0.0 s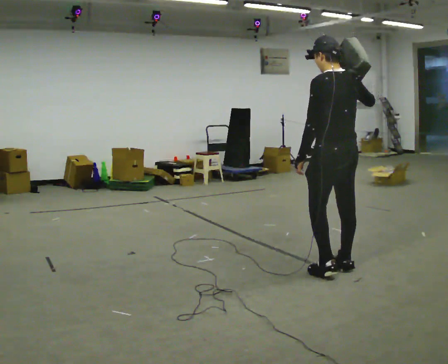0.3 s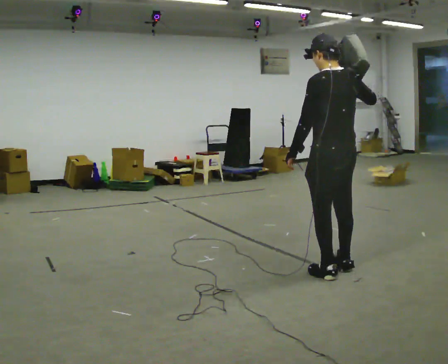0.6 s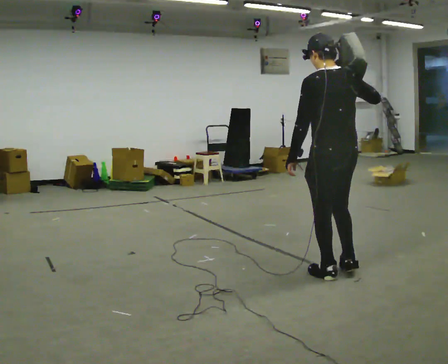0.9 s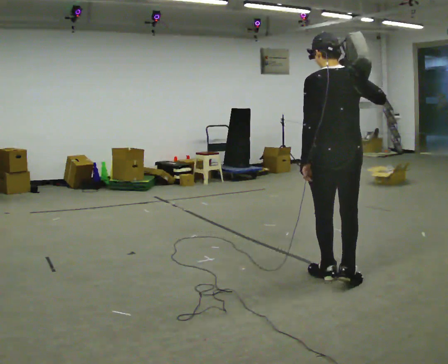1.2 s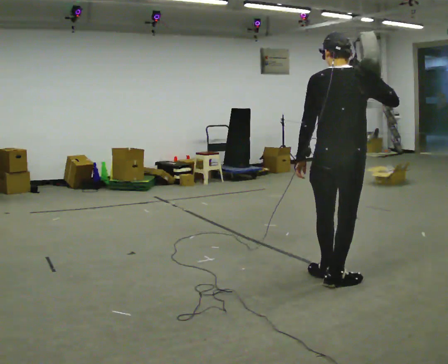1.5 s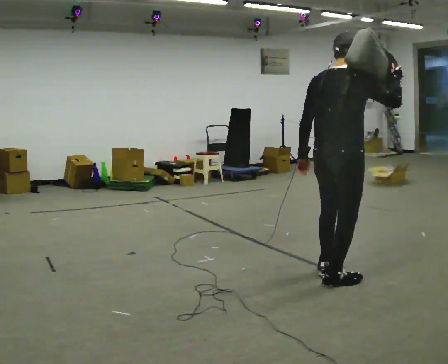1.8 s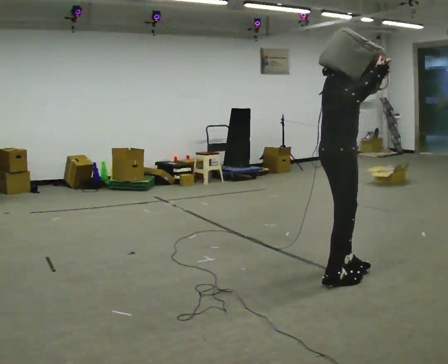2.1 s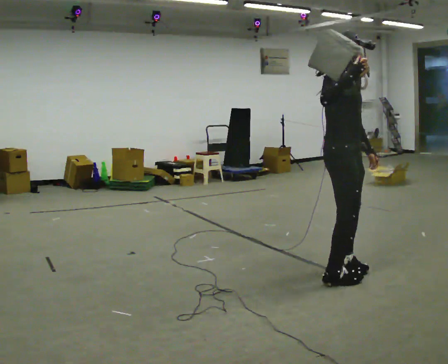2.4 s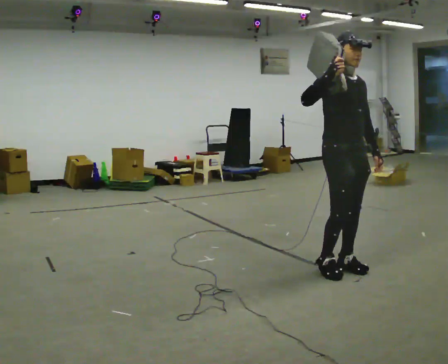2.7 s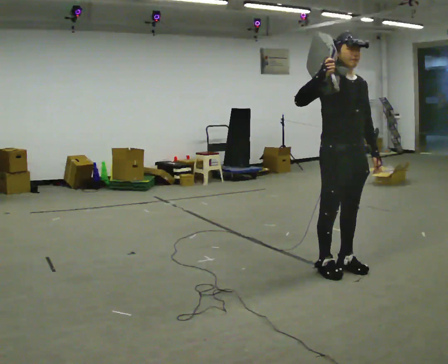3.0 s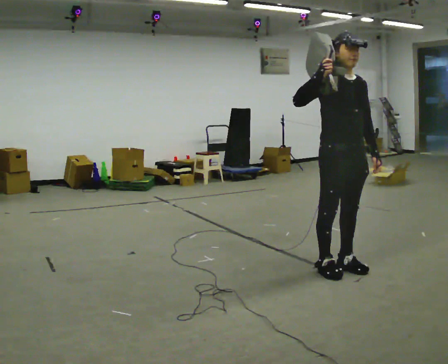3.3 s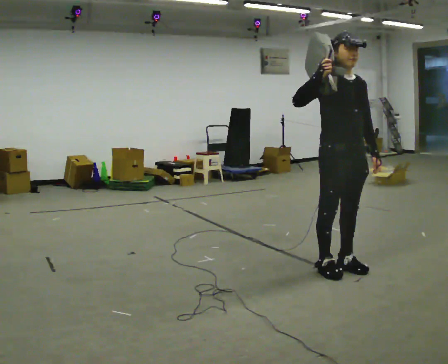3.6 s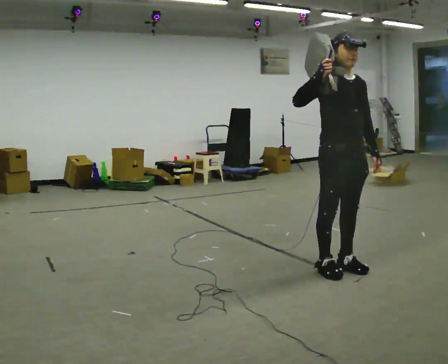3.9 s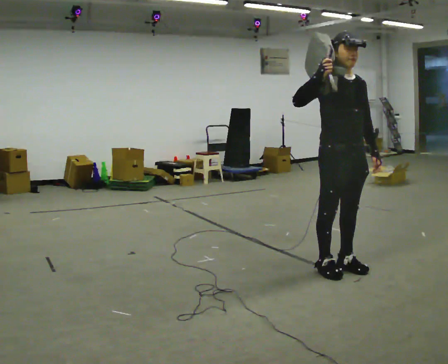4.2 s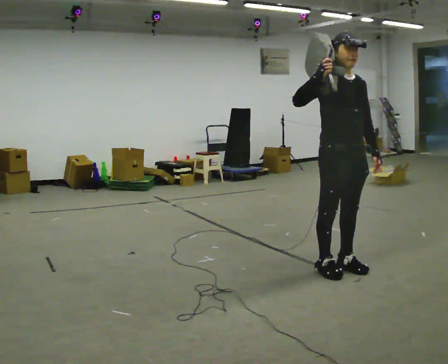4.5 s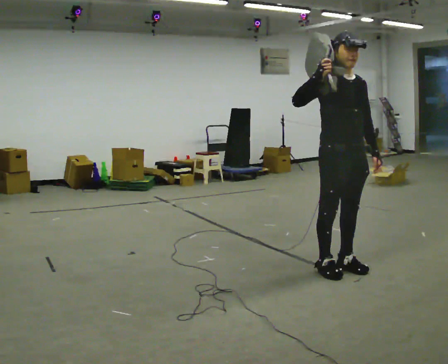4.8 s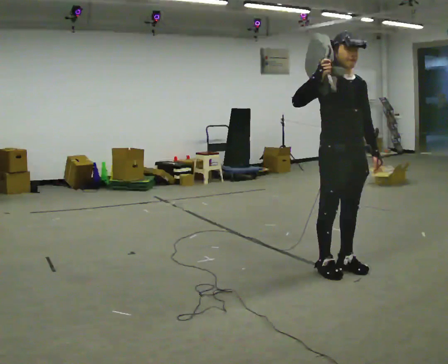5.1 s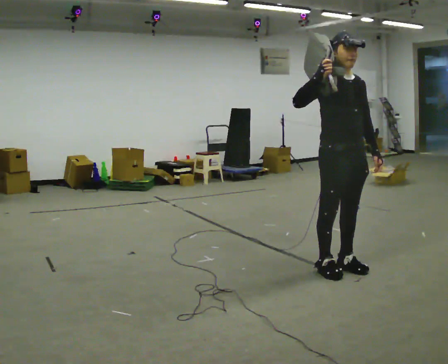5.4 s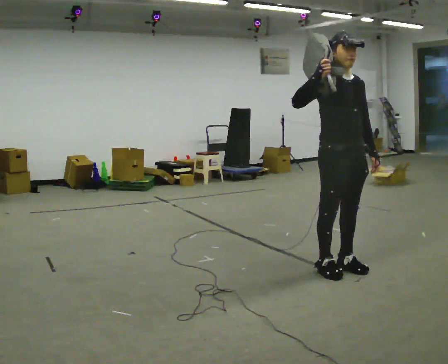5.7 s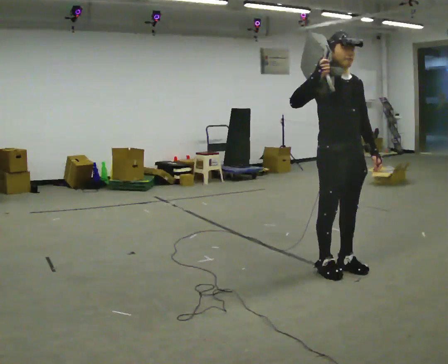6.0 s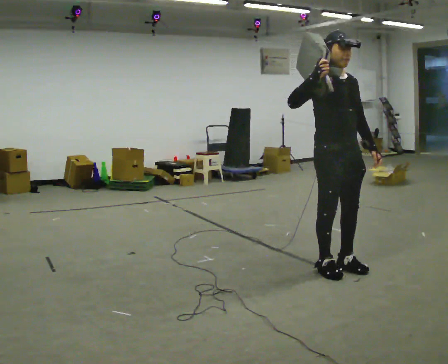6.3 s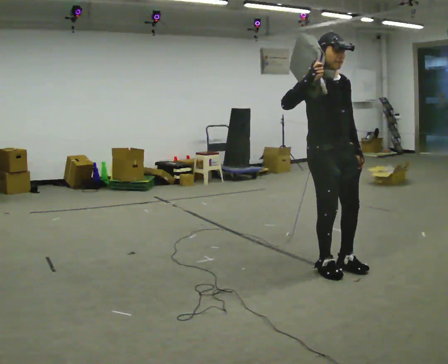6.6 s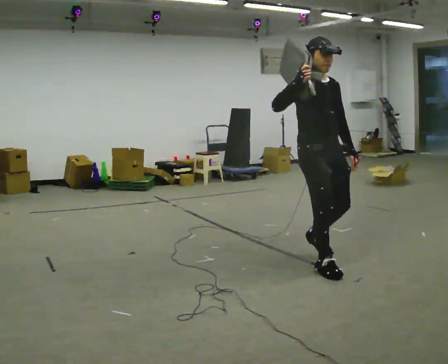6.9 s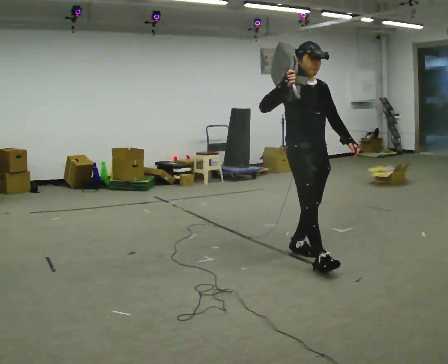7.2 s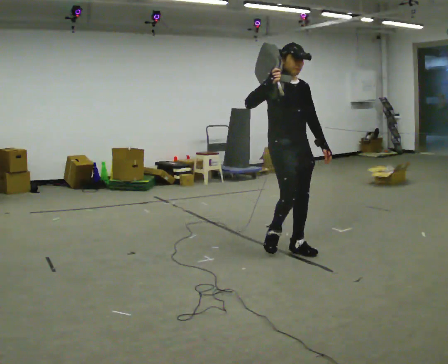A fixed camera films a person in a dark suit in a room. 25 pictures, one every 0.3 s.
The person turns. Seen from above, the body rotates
clockwise.
The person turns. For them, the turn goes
to their right.
0.0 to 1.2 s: Seen from above the body turns clockwise, about 30 degrees: to their right, with its near side sliding to the left. In the picture they go toward the camera, about 0.25 m in 1 step, which for them is backward and to their left.
1.2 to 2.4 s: The part of the body nearest the lens slides to the left as the person turns to their right by about 135 degrees. In the picture they go away from the camera, about 0.25 m in 2 steps.
2.4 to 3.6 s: The person moves a little, or ends about where they began.
3.6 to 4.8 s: The person keeps their place and pose.
4.8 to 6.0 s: The person moves a little, or ends about where they began.
6.0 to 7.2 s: In the picture they go to the left and away from the camera, about 0.5 m in 2 steps, which for them is backward.
The film runs backward here.
